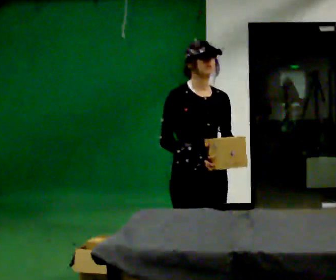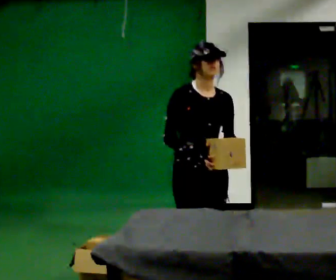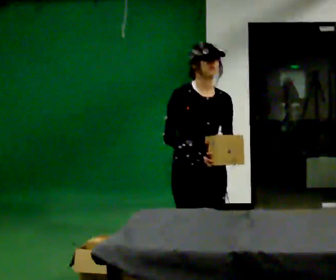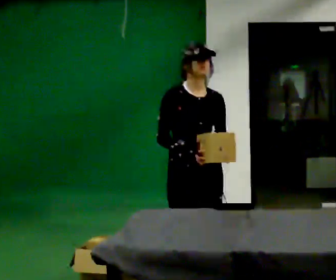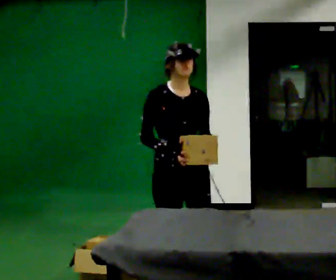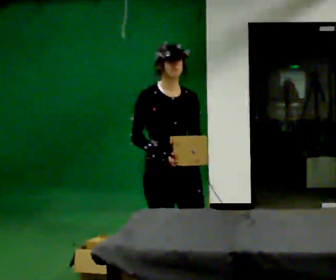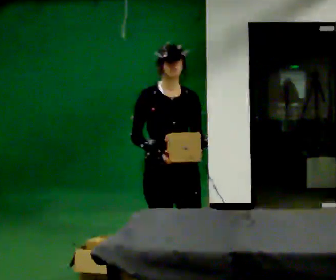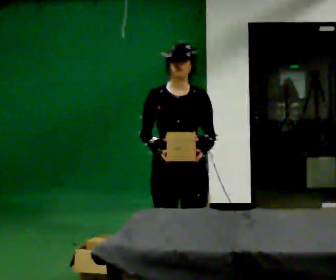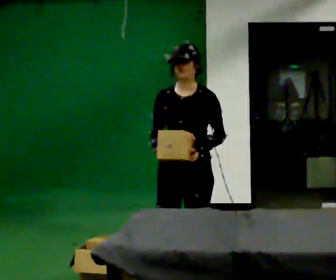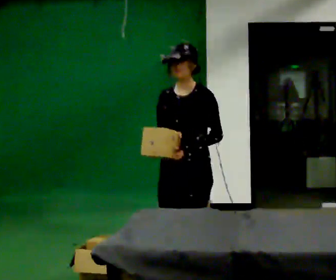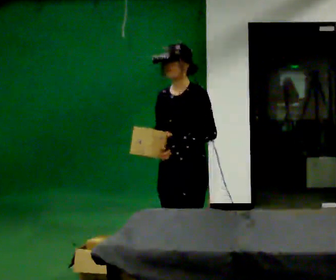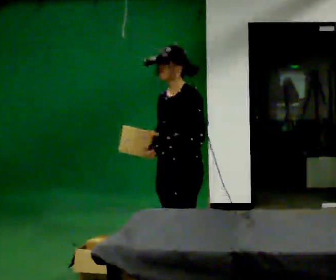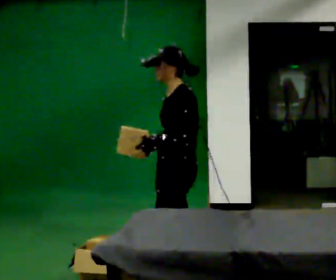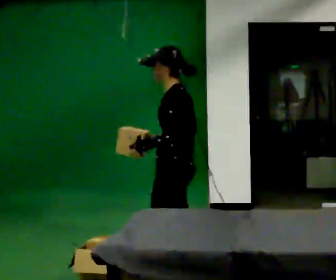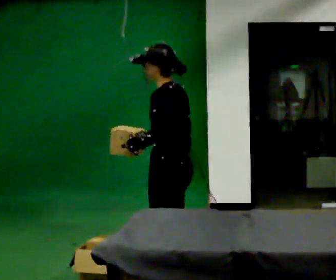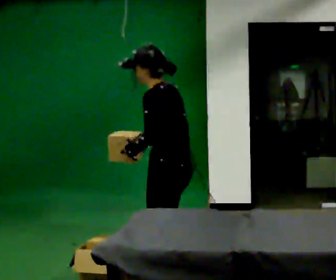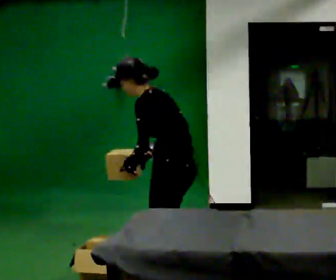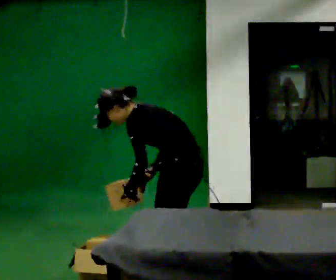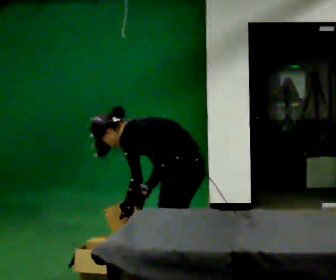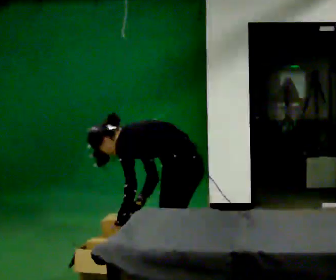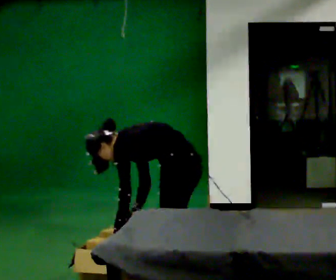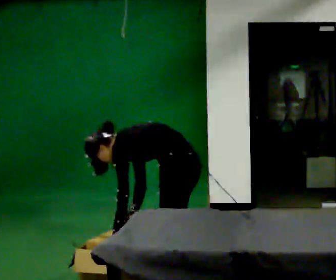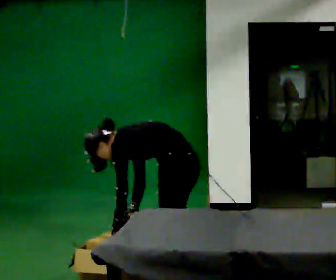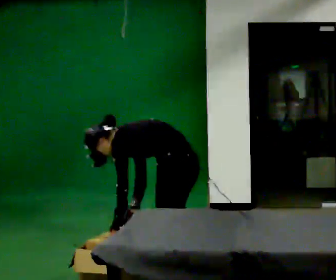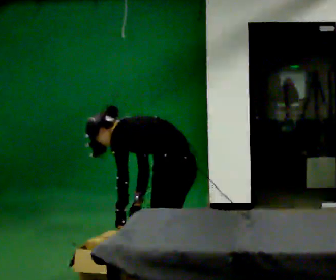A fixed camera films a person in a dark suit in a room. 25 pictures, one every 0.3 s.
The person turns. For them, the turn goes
to their right.
The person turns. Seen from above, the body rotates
clockwise.
0.0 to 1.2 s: In the picture they go away from the camera, about 0.25 m in 1 step, which for them is backward.
1.2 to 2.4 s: The part of the body nearest the lens slides to the left as the person turns to their right by about 30 degrees.
2.4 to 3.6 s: The person turns about 60 degrees to their right, clockwise seen from above, so the part of the body nearest the lens slides to the left.
3.6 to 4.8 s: The part of the body nearest the lens slides to the left as the person turns to their right by about 30 degrees. In the picture they go toward the camera, about 0.25 m, which for them is to their left. In the picture the upper body tilts counterclockwise, shoulders to the left, as they bend forward.
4.8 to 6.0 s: The upper body goes downward. In the picture the upper body tilts counterclockwise, shoulders to the left, as they bend forward. In the picture their right hand goes downward.
6.0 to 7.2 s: In the picture the upper body tilts clockwise, shoulders to the right.
The film runs backward here.
